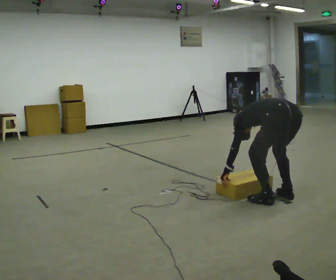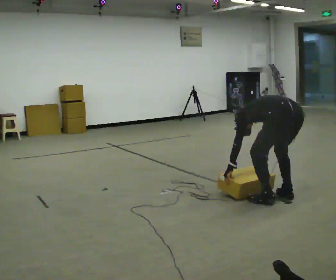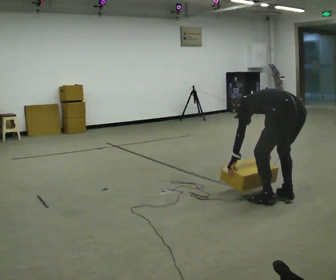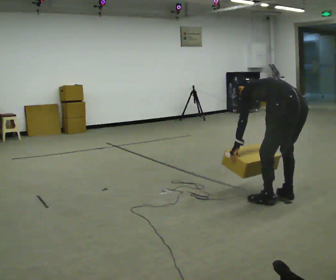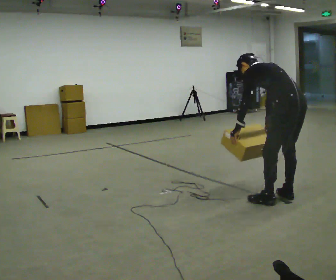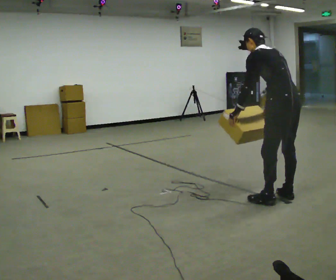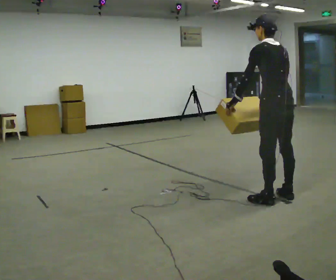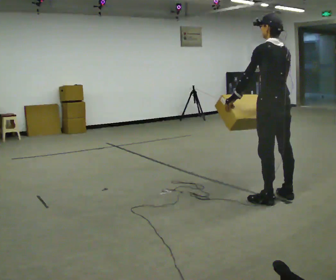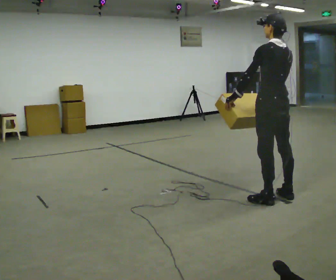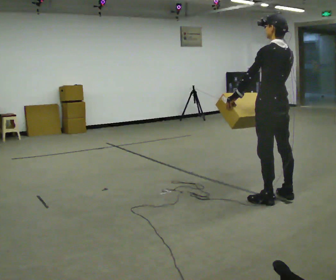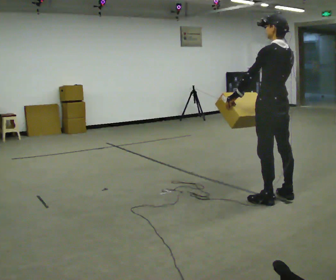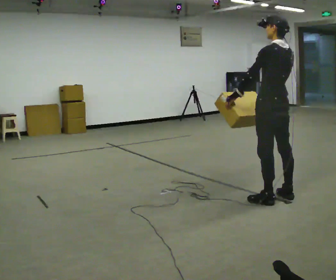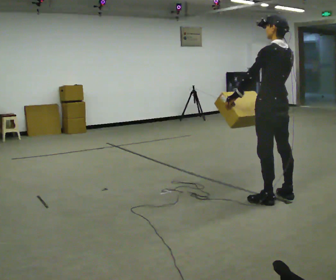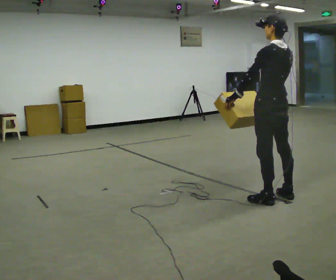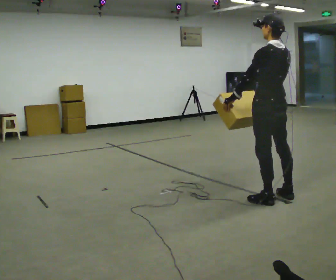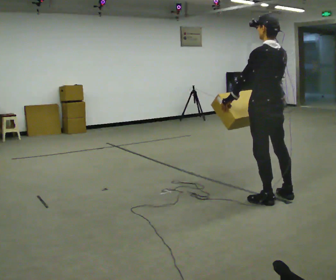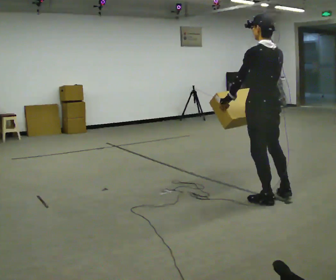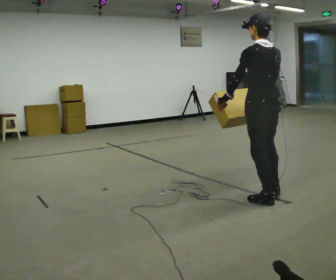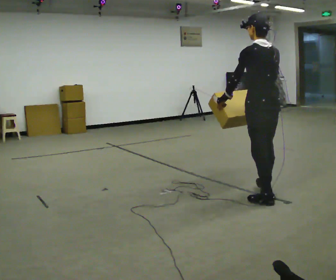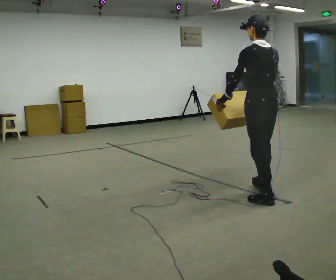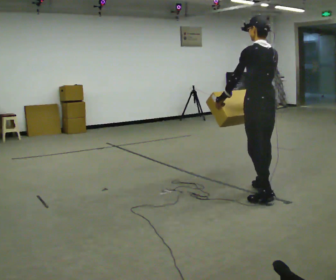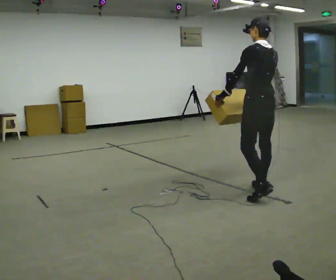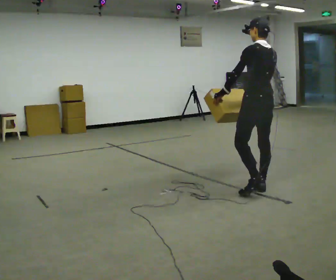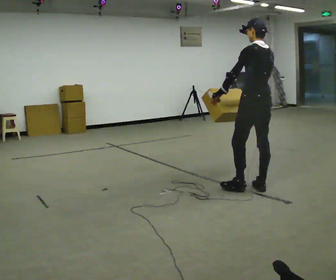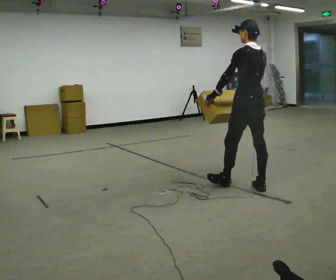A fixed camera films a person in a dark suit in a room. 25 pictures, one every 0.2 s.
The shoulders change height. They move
upward.
Their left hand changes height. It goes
upward.
0.0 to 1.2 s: The upper body goes upward. The upper body tips toward the camera, its near side rolling downward, as they lean back or straighten. In the picture their right hand goes upward.
1.2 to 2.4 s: In the picture the upper body tilts clockwise, shoulders to the right, as they lean back or straighten.
2.4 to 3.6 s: The person moves a little, or ends about where they began.
3.6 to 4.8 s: In the picture they go away from the camera and to the left, about 0.5 m in 1 step, which for them is forward and to their right.
The film runs forward here.
